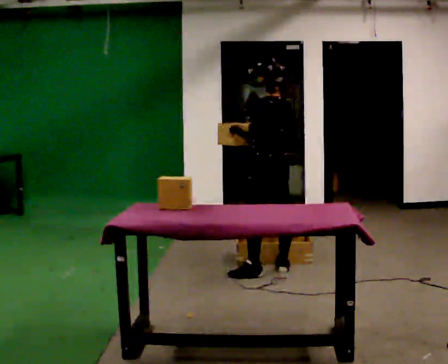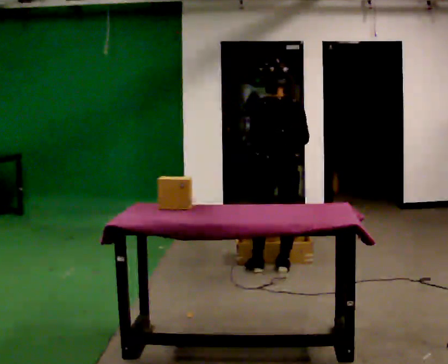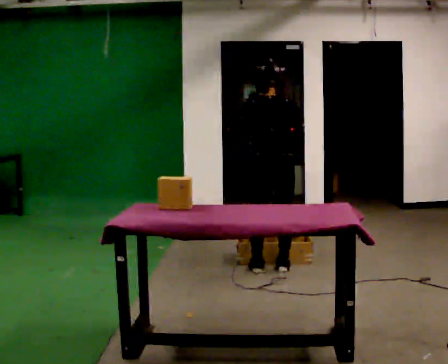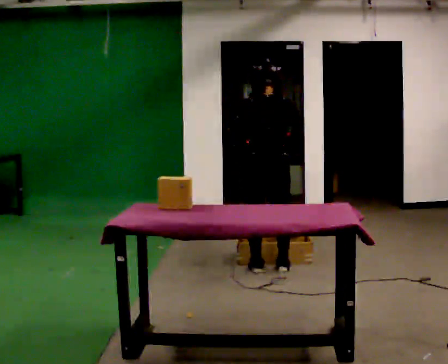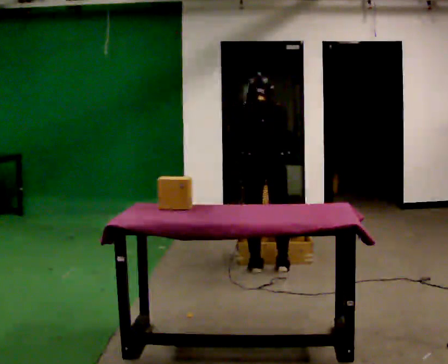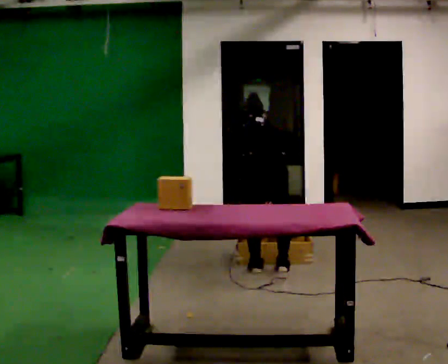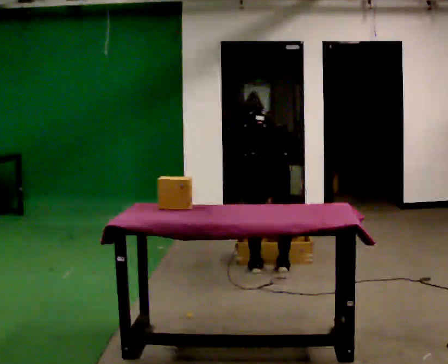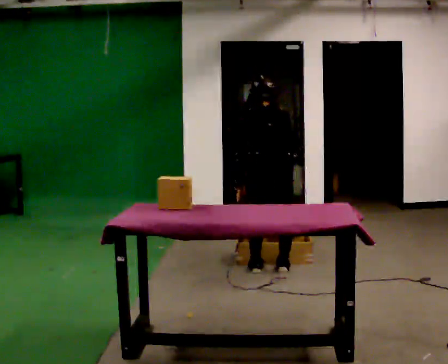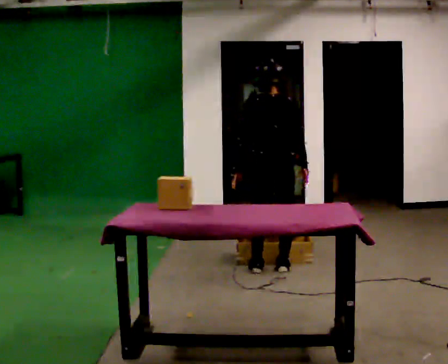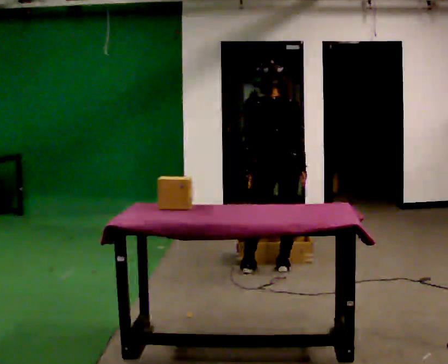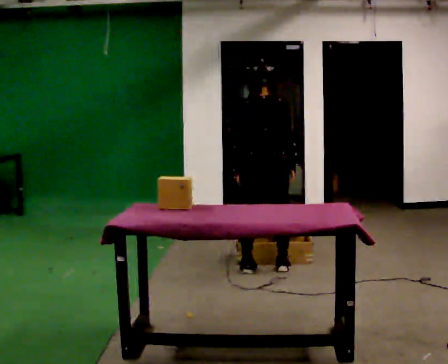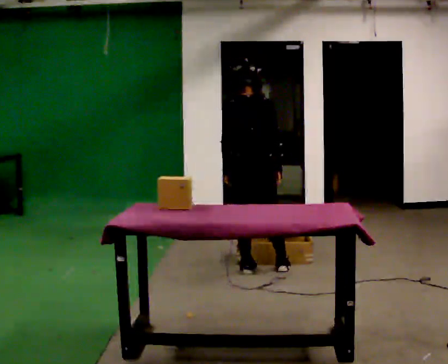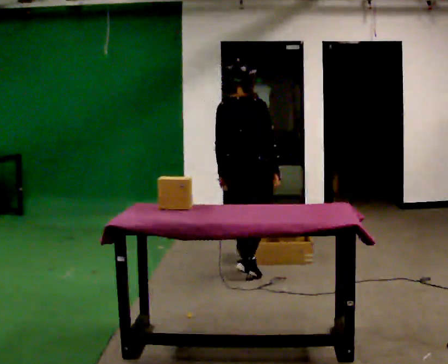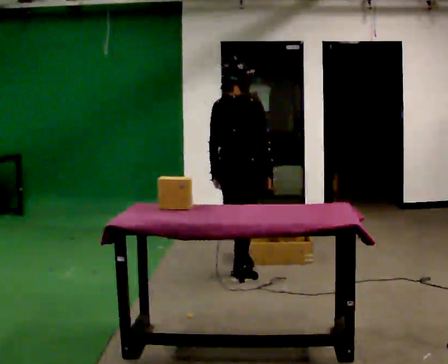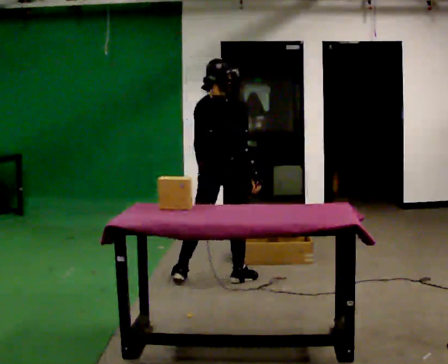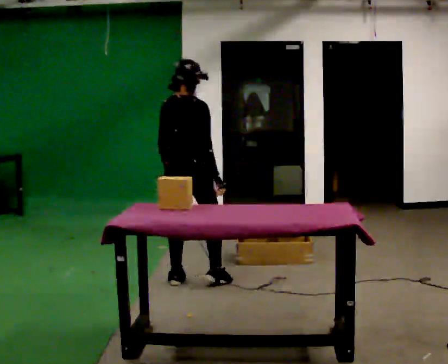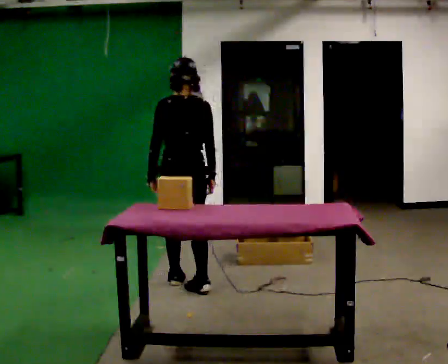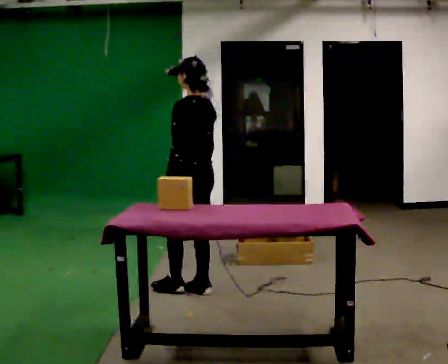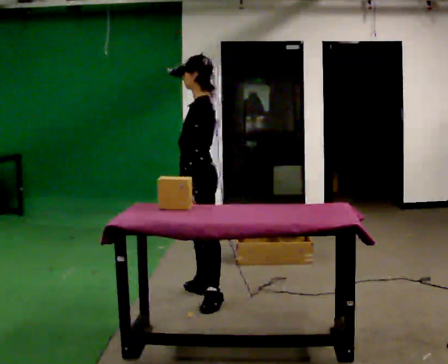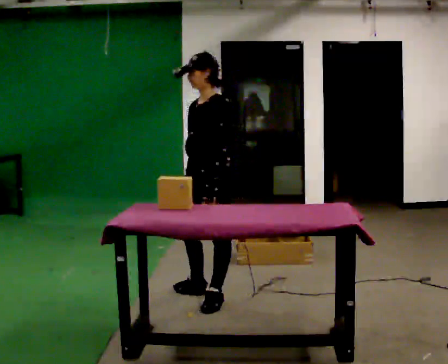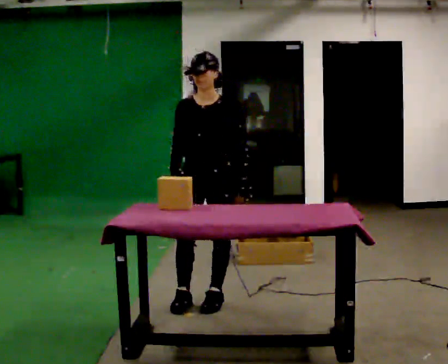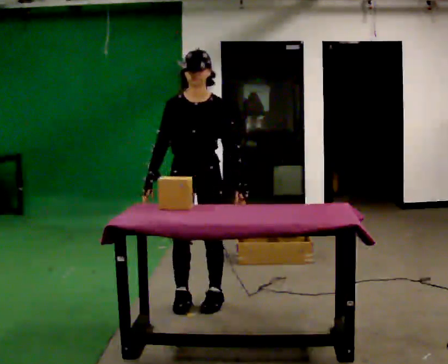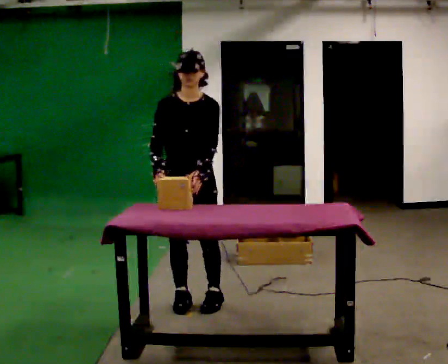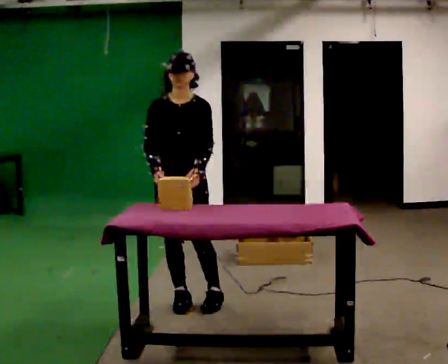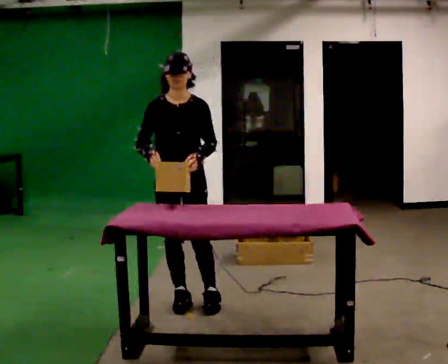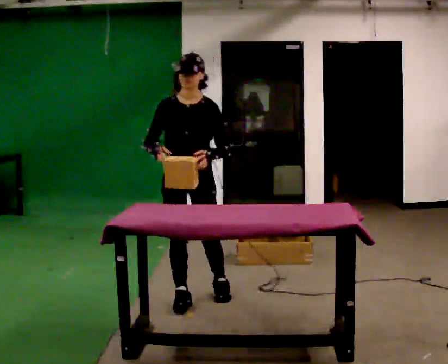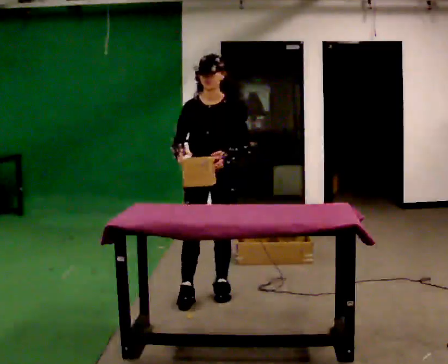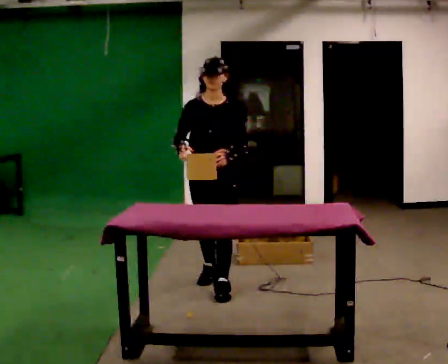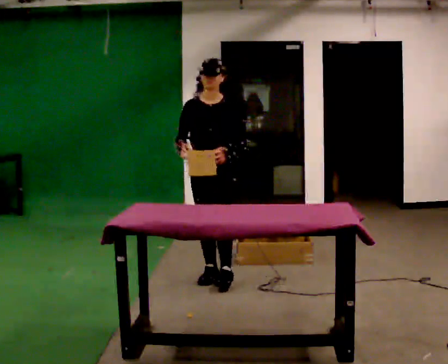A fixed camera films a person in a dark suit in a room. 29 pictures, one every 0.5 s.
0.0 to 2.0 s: Seen from above the body turns clockwise, about 60 degrees: to their right, with its near side sliding to the left. The upper body tips away from the camera, its near side rolling upward, as they bend forward. In the picture their right hand goes downward.
2.0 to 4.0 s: The person moves a little, or ends about where they began.
4.0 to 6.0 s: The part of the body nearest the lens slides to the left as the person turns to their right by about 30 degrees. In the picture they go to the left, about 0.25 m in 1 step, which for them is to their left.
6.0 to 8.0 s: The person turns about 30 degrees to their left, counterclockwise seen from above, so the part of the body nearest the lens slides to the right. In the picture they go to the left and toward the camera, about 0.5 m in 2 steps, which for them is backward.
8.0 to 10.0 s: The part of the body nearest the lens slides to the right as the person turns to their left by about 150 degrees. In the picture they go toward the camera and to the right, about 0.5 m in 2 steps.
10.0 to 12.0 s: Seen from above the body turns counterclockwise, about 30 degrees: to their left, with its near side sliding to the right. In the picture they go to the left, about 0.25 m, which for them is to their right.
12.0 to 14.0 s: In the picture they go away from the camera, about 0.5 m in 3 steps, which for them is backward.
The film runs backward here.
